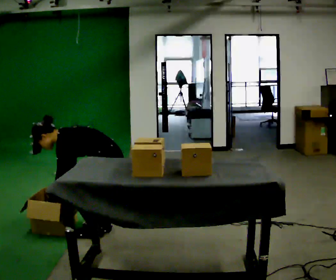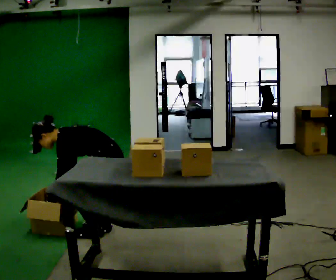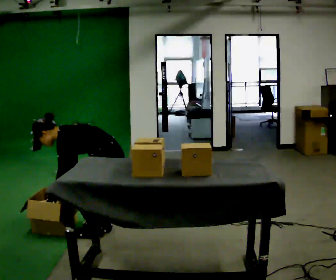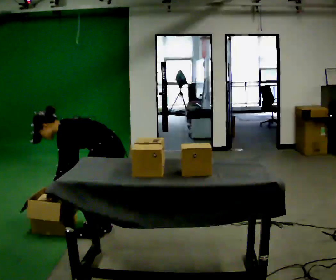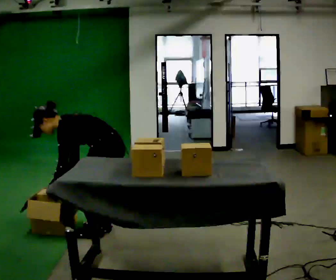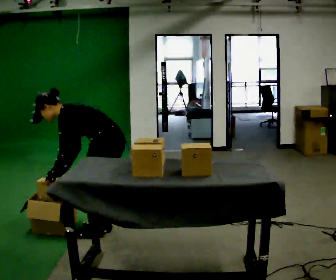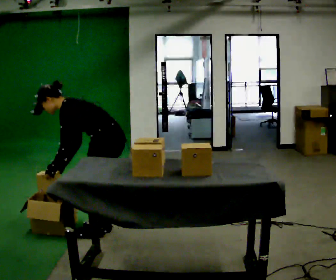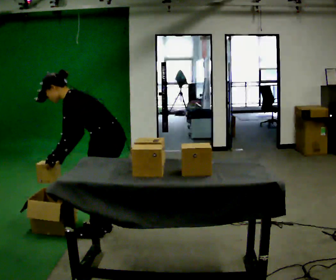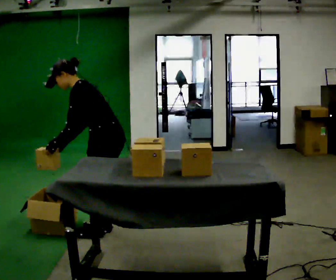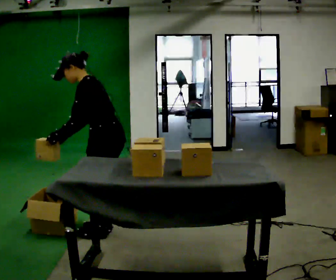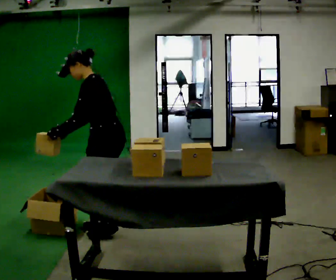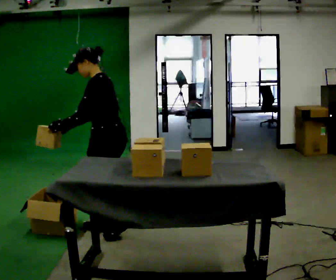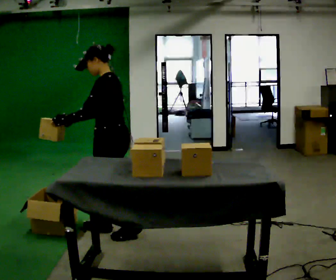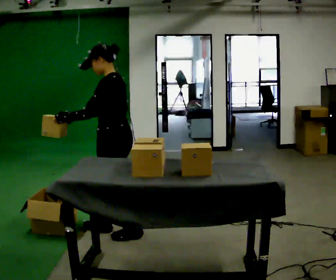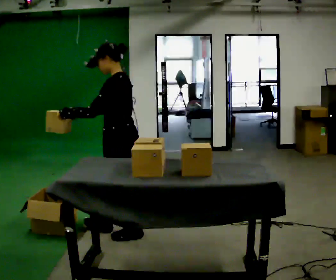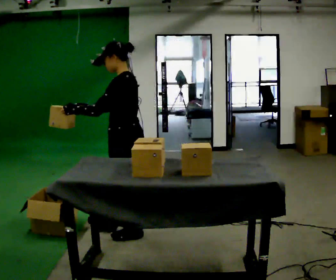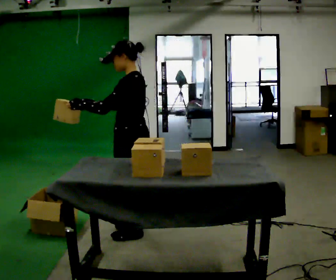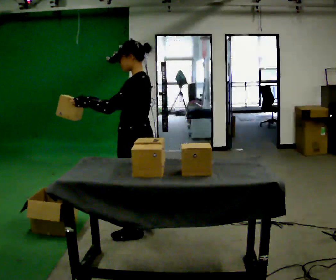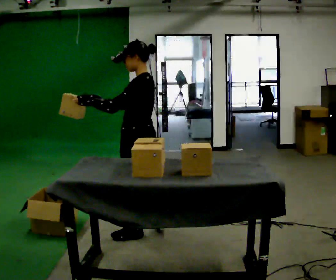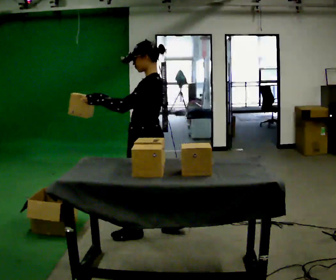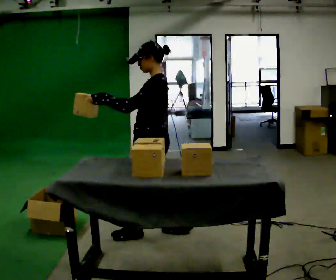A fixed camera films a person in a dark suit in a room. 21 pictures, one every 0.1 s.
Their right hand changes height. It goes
upward.
Their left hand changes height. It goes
upward.
0.0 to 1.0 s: The shoulders move upward. In the picture the upper body tilts clockwise, shoulders to the right, as they lean back or straighten. In the picture their left hand goes upward.
1.0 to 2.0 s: In the picture they go to the right, about 0.25 m in 1 step, which for them is backward. In the picture the upper body tilts clockwise, shoulders to the right, as they lean back or straighten.
The film runs backward here.
